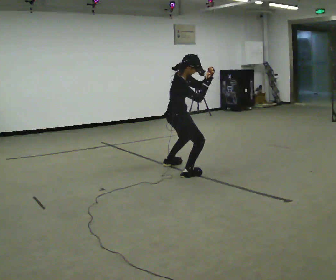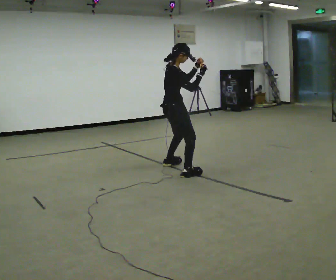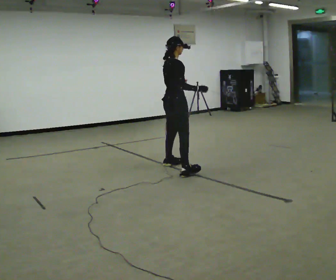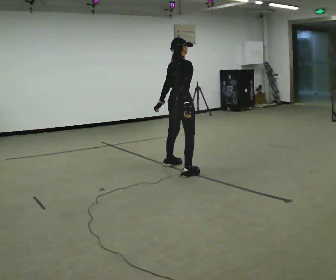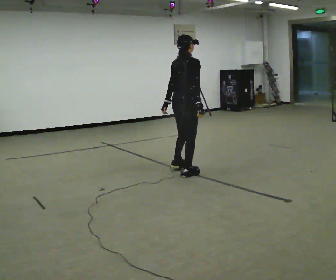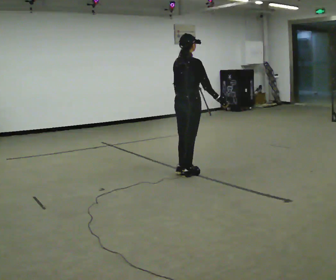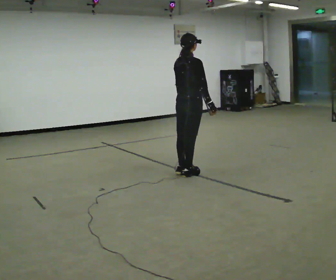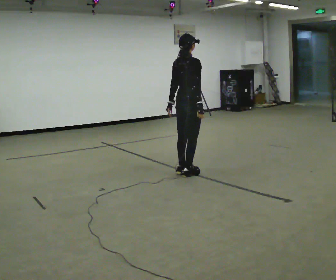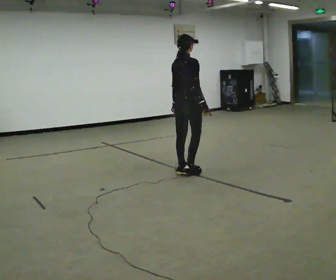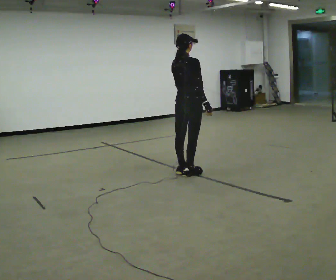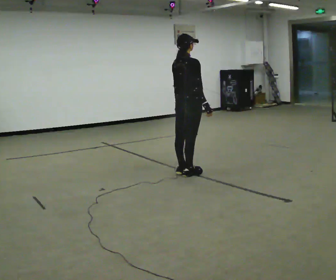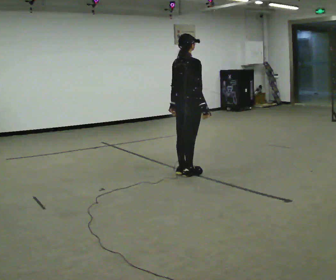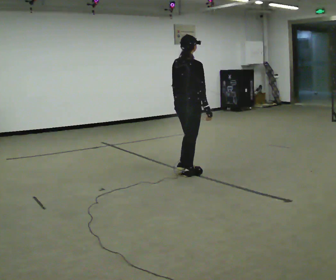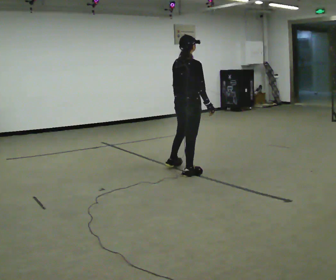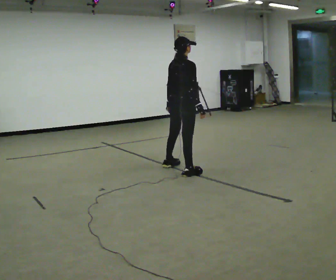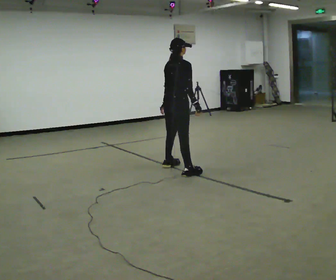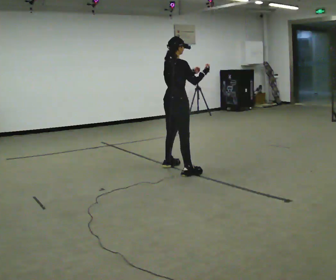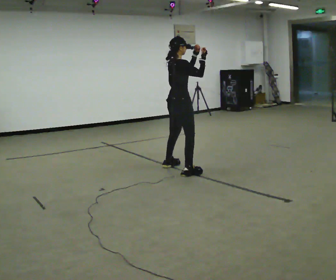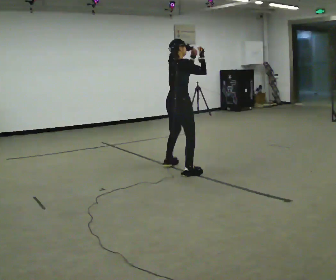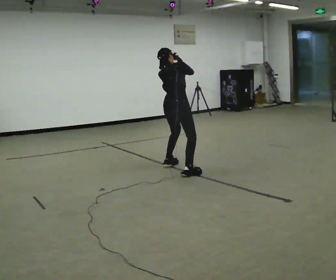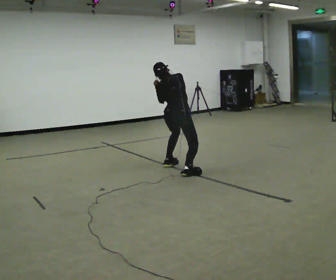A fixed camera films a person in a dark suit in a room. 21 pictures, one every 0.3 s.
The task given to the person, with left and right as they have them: Move as if avoiding punches: slip your head side to side, duck, and raise your guard. Repeat the movement at your own pace until the operator says stop; do not rush.
0.0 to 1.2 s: The part of the body nearest the lens slides to the right as the person turns to their left by about 30 degrees. The upper body goes upward. The upper body tips away from the camera, its near side rolling upward. In the picture their left hand goes to the left and downward.
1.2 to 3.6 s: The person moves a little, or ends about where they began.
3.6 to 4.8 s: In the picture they go away from the camera, about 0.25 m in 1 step, which for them is to their left. In the picture their left hand goes upward.
4.8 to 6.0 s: The person turns about 45 degrees to their left, counterclockwise seen from above, so the part of the body nearest the lens slides to the right. The upper body goes downward. The upper body tips away from the camera, its near side rolling upward, as they bend forward. In the picture their right hand goes to the left.
The film runs forward here.
